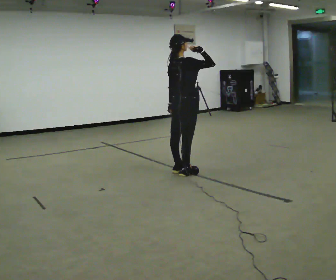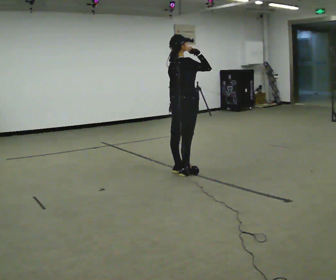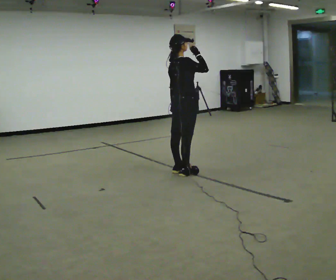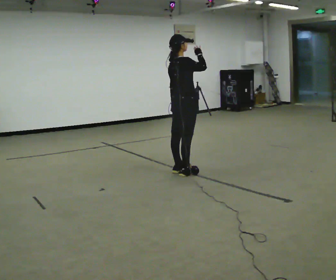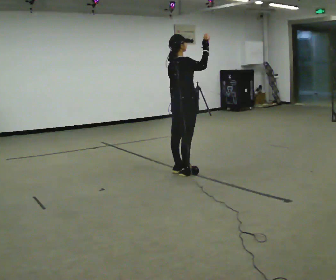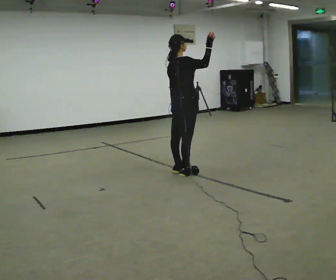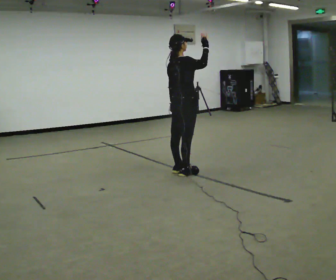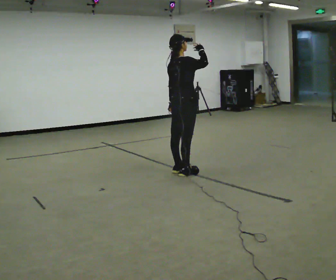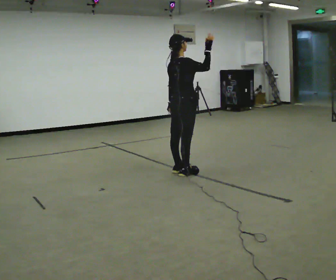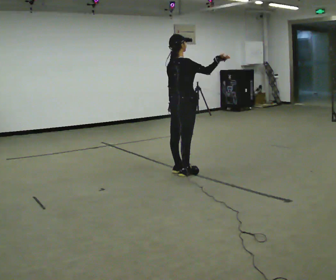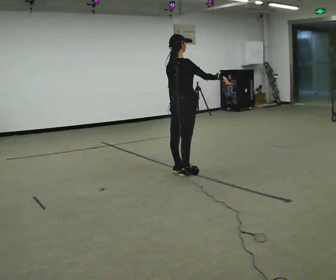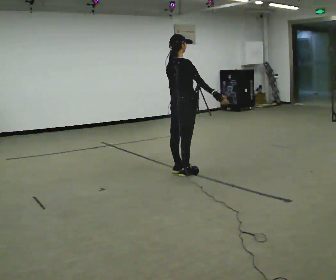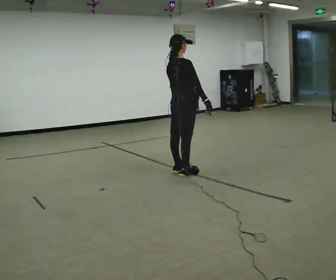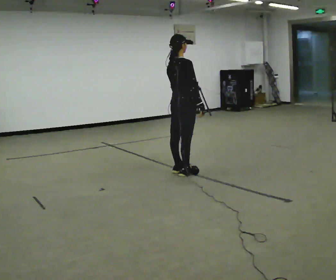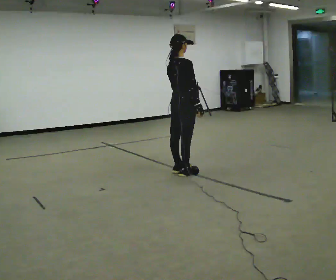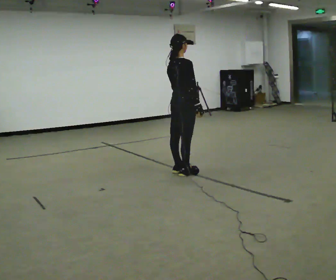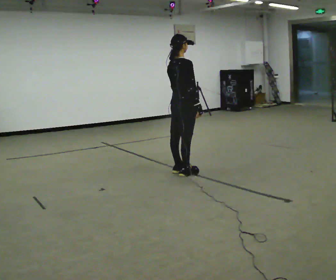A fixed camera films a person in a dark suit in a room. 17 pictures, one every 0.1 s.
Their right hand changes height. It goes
downward.
0.0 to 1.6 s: In the picture their right hand goes downward.
The film runs backward here.
